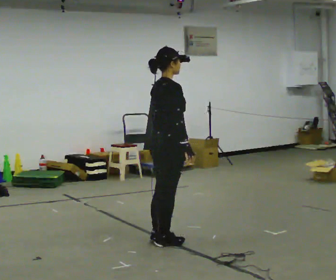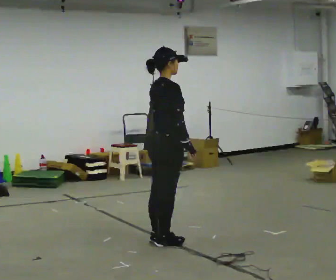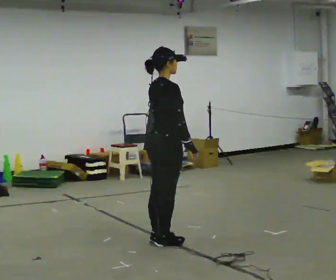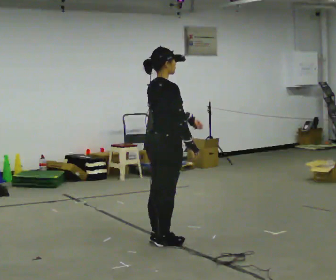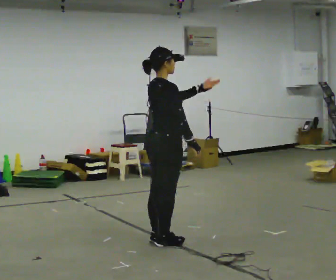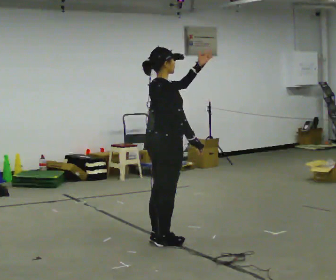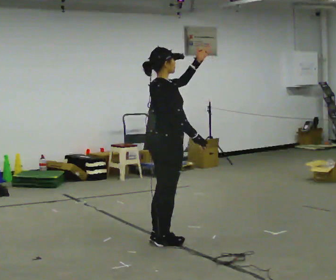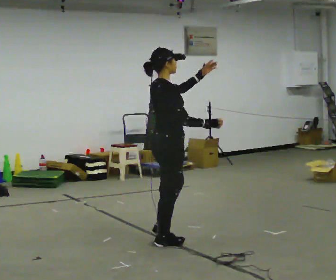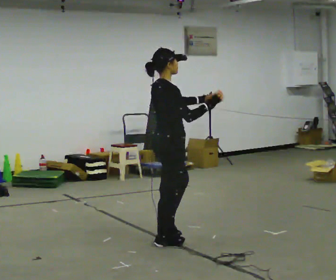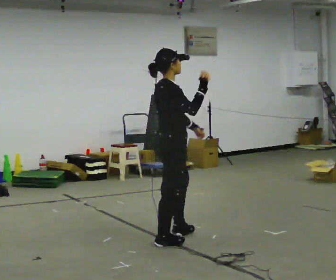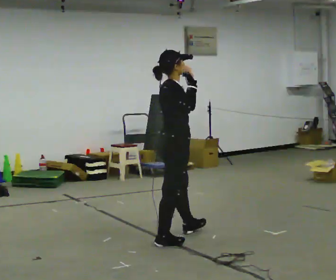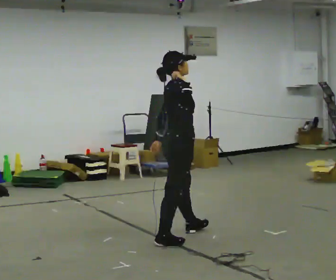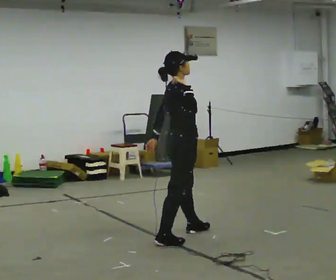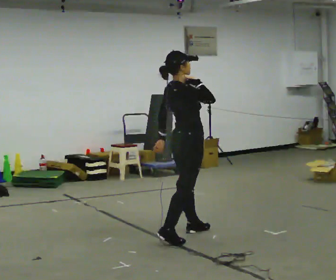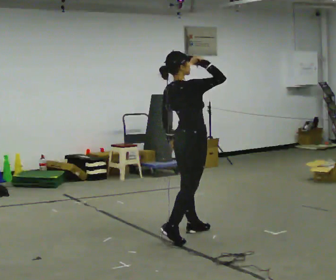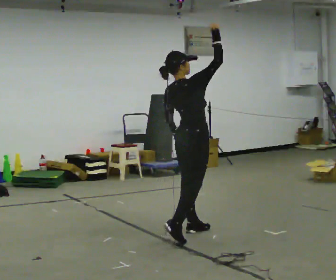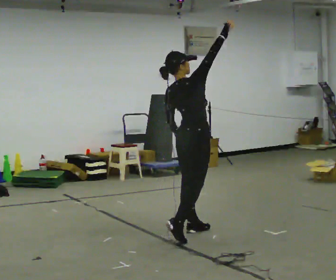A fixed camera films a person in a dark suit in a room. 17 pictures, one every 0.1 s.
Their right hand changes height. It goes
upward.
0.0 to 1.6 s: In the picture they go away from the camera and to the right, about 0.5 m in 1 step, which for them is forward and to their left. In the picture the upper body tilts counterclockwise, shoulders to the left. In the picture their right hand goes upward.
The film runs forward here.
